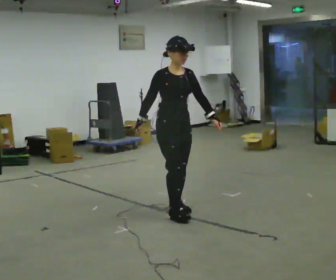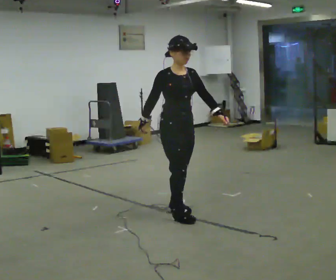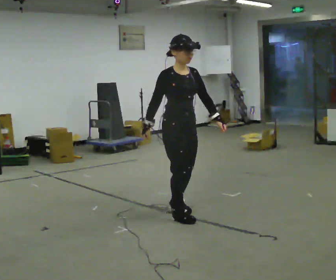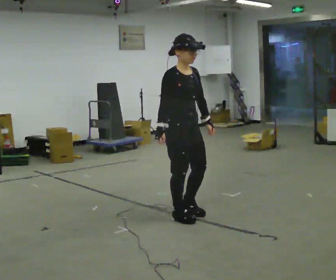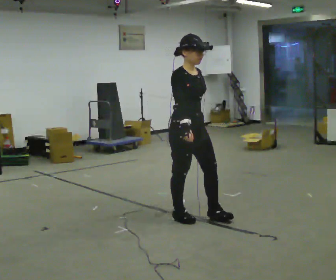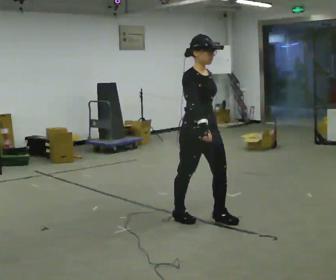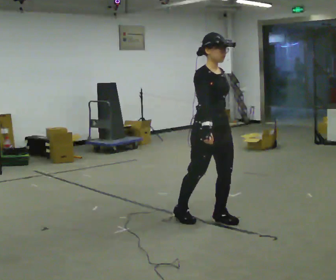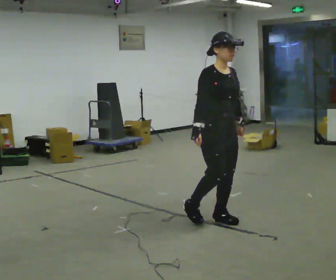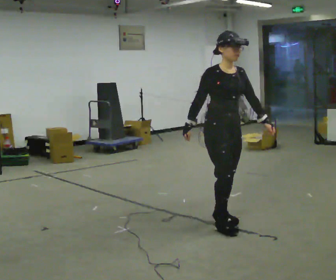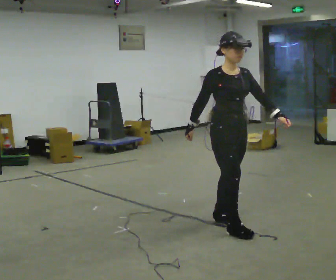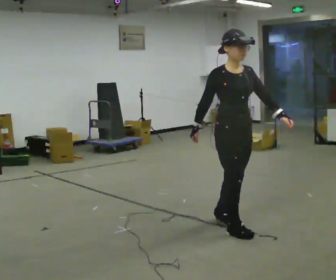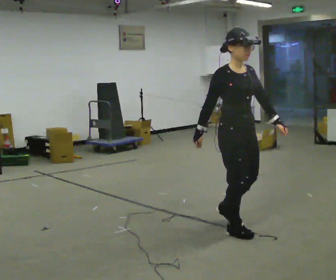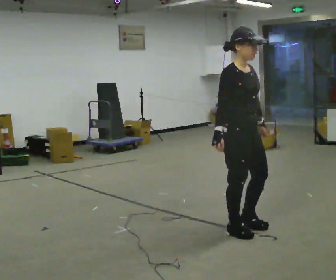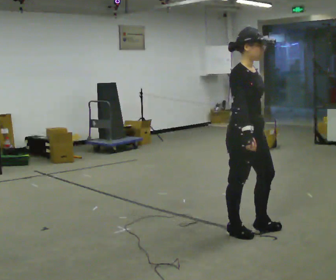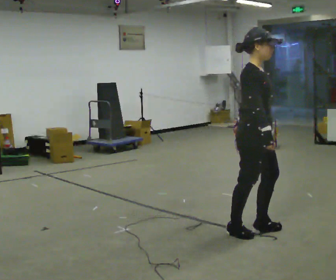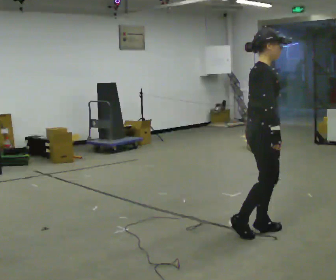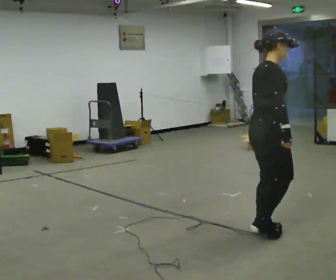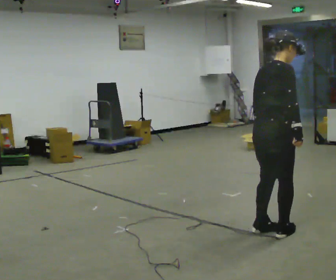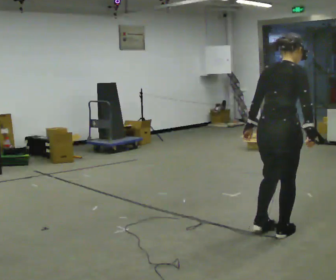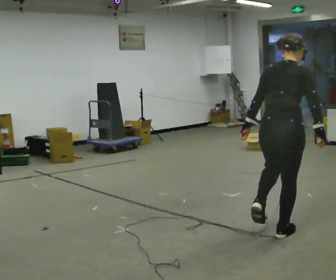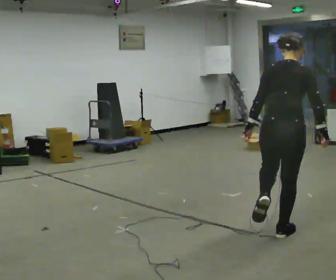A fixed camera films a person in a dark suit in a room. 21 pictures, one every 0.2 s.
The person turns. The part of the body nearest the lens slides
to the right.
The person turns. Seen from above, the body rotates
counterclockwise.
0.0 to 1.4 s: In the picture they go to the right and toward the camera, about 0.5 m in 2 steps, which for them is forward.
1.4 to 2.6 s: In the picture they go toward the camera and to the right, about 0.25 m in 2 steps, which for them is forward.
2.6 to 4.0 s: Seen from above the body turns counterclockwise, about 105 degrees: to their left, with its near side sliding to the right. In the picture they go to the right, about 0.25 m in 1 step.
The film runs forward here.
